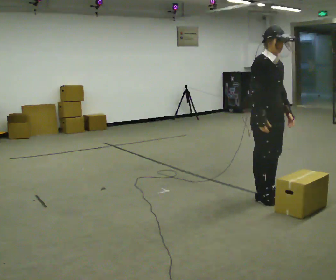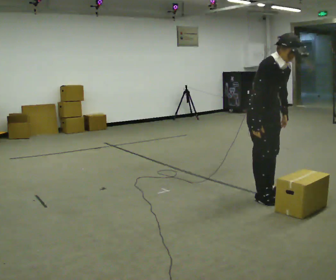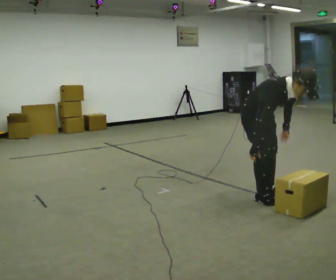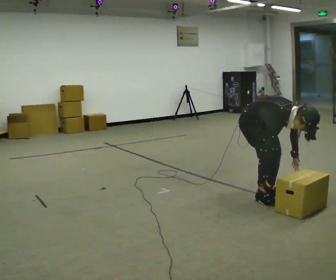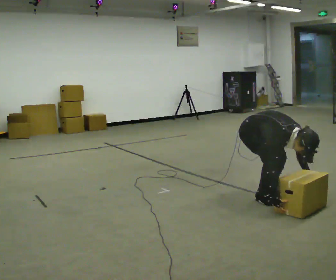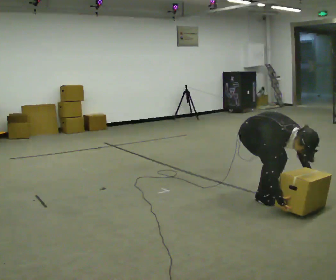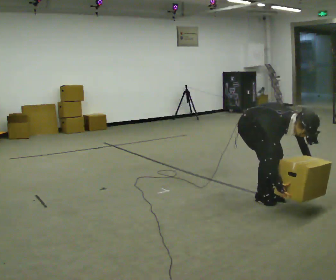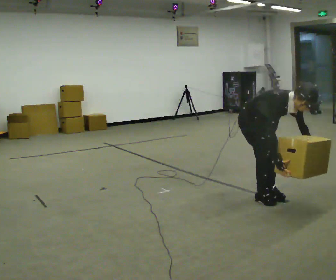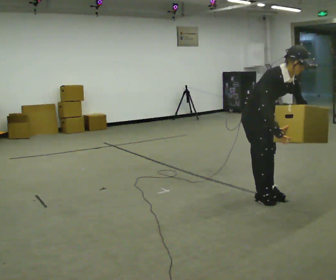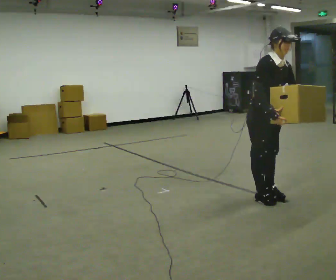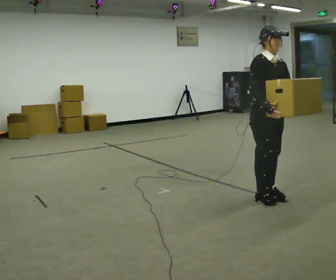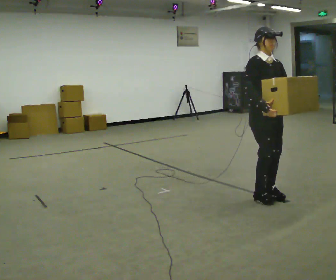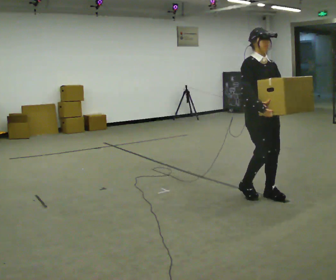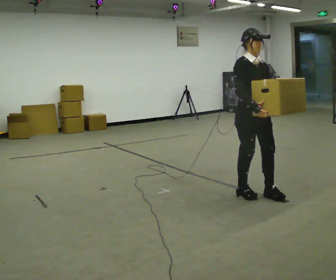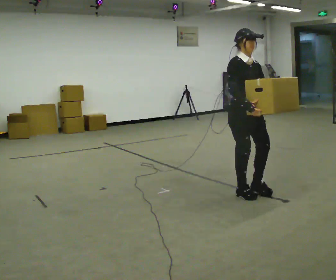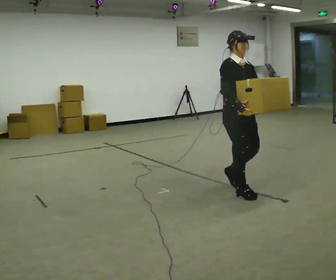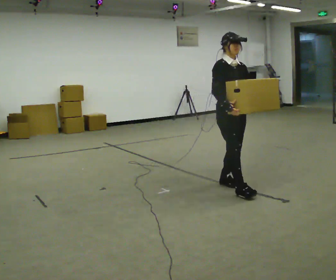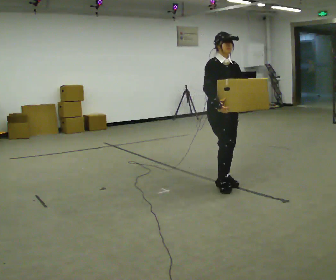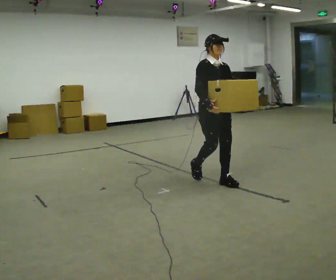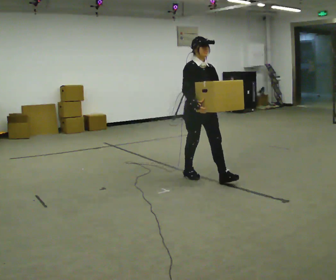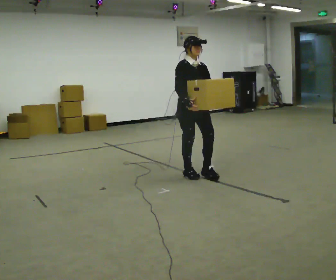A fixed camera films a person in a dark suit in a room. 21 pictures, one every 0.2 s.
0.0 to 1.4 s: In the picture their right hand goes downward.
1.4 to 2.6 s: The shoulders move upward. In the picture the upper body tilts counterclockwise, shoulders to the left, as they lean back or straighten. In the picture their right hand goes upward.
2.6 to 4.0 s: In the picture they go to the left and away from the camera, about 1 m in 3 steps, which for them is backward.
The film runs backward here.
